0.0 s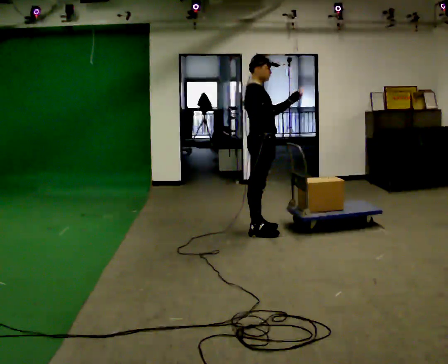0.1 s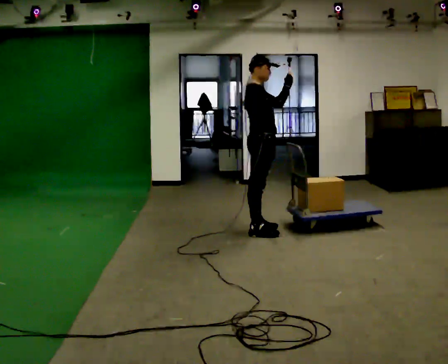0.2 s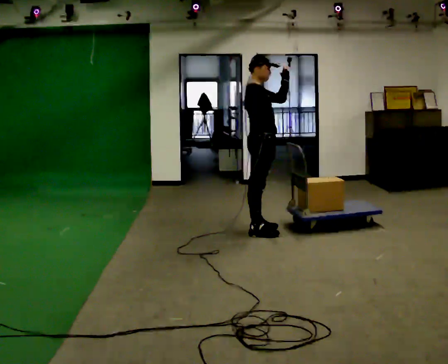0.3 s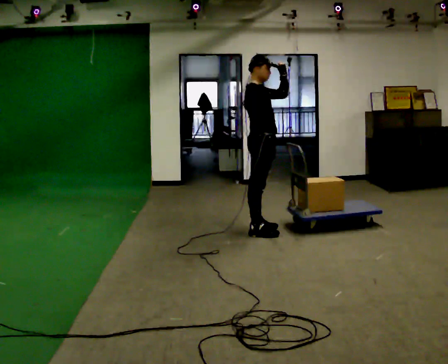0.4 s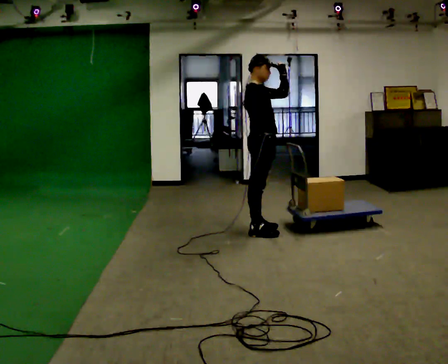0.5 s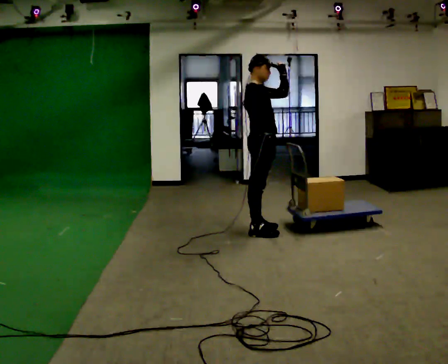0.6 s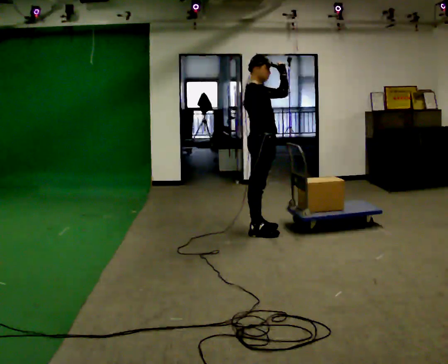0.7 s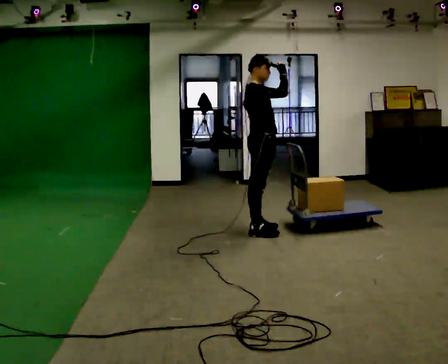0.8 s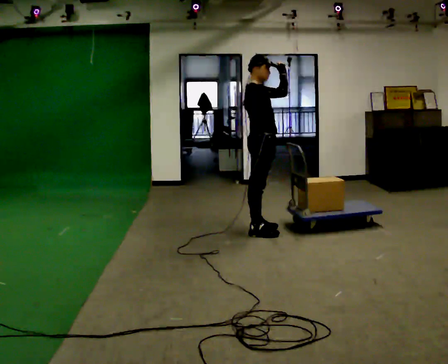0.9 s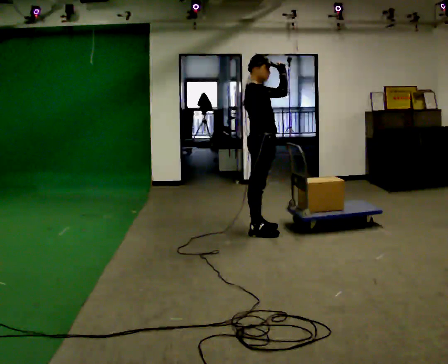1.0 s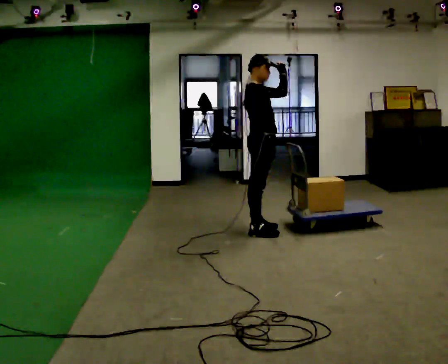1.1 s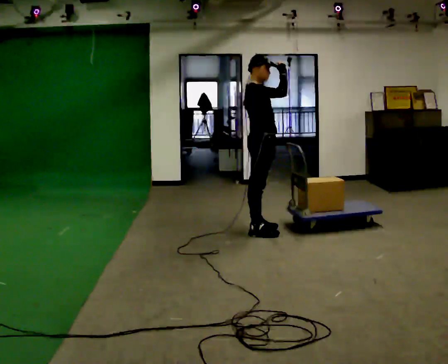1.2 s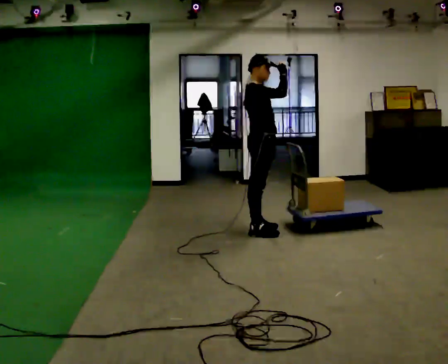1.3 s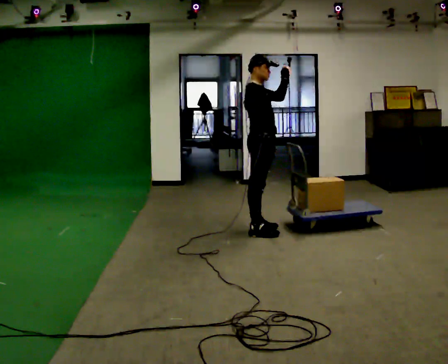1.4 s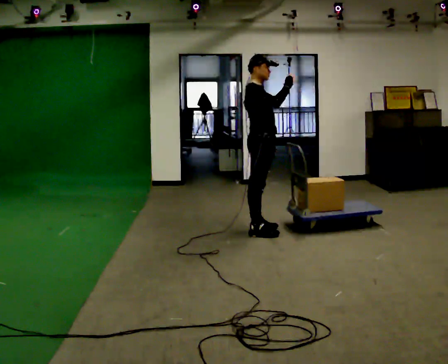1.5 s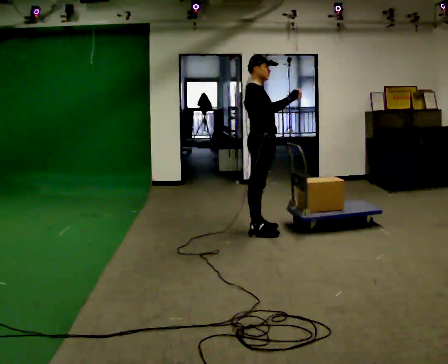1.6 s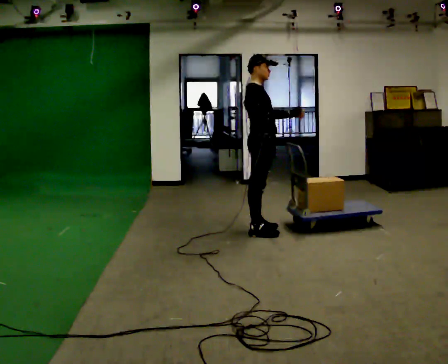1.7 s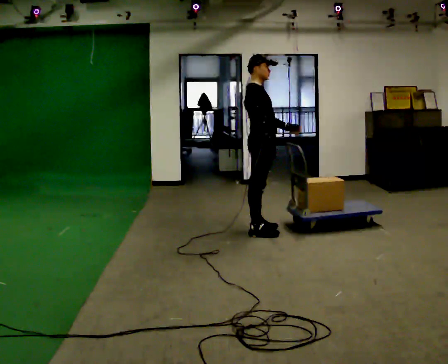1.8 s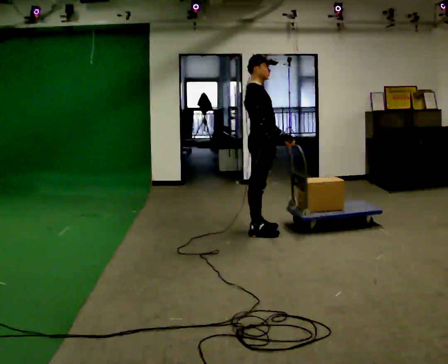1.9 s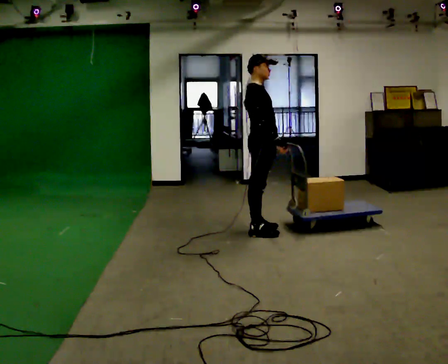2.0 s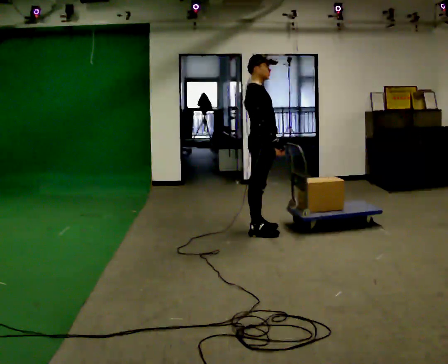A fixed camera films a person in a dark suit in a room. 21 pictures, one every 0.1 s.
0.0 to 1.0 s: In the picture their right hand goes upward, the arm swinging counterclockwise.
1.0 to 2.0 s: In the picture their right hand goes downward, the arm swinging clockwise.
The film runs backward here.
